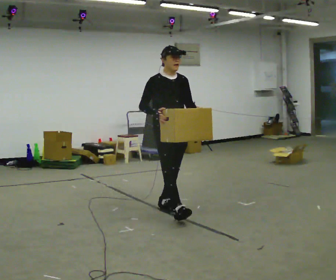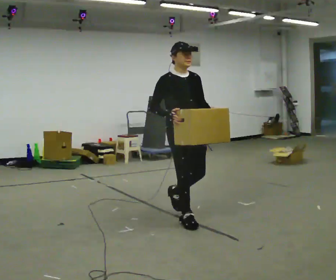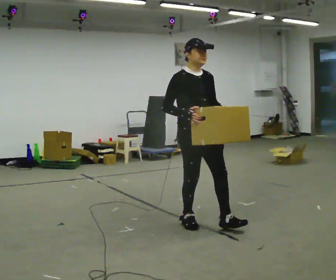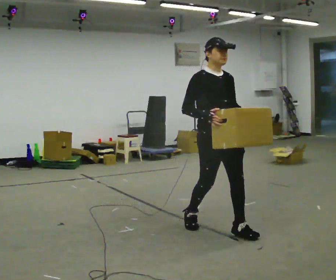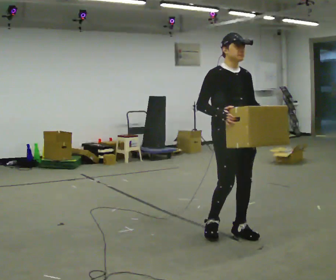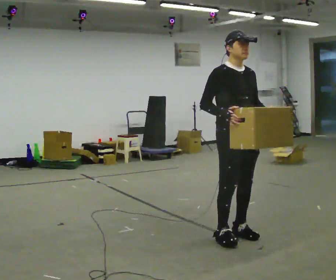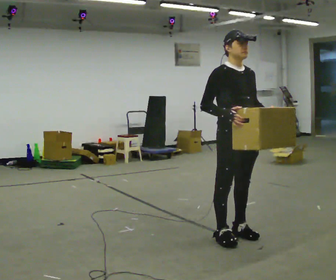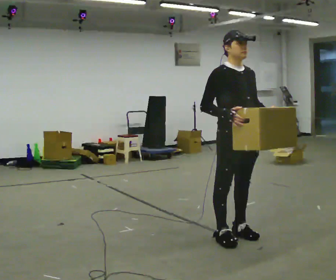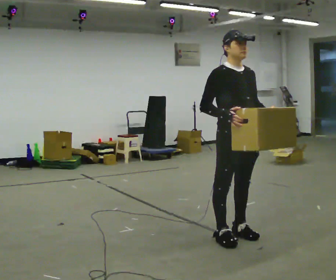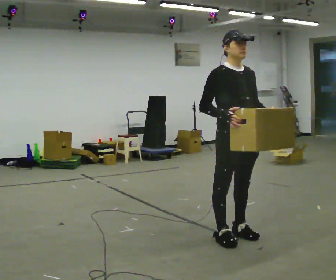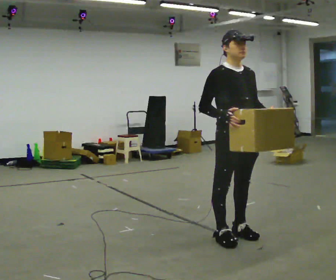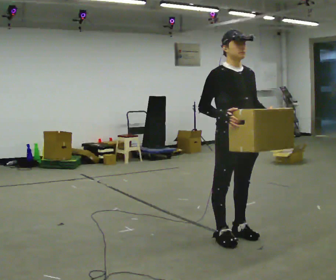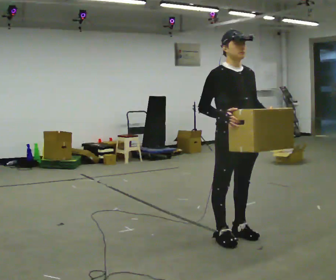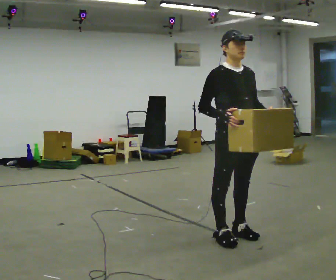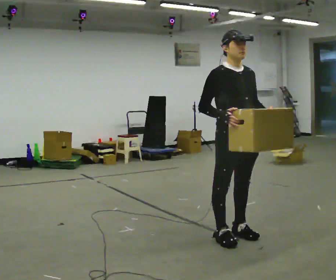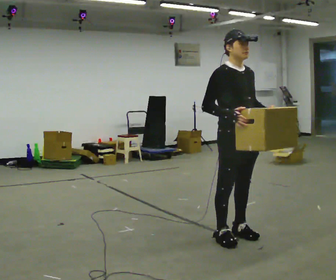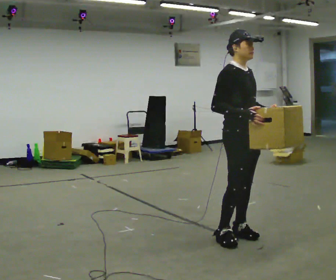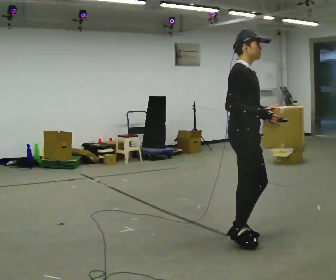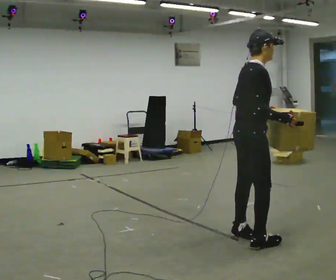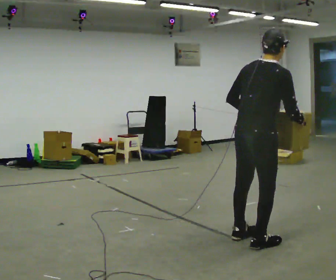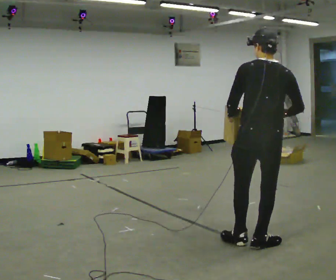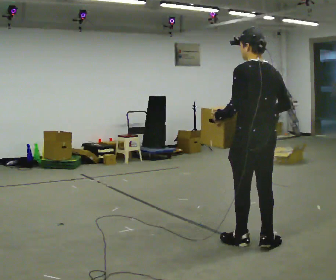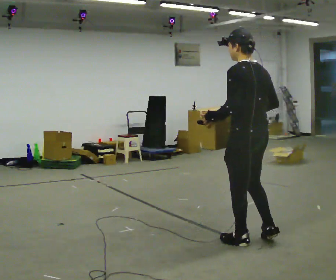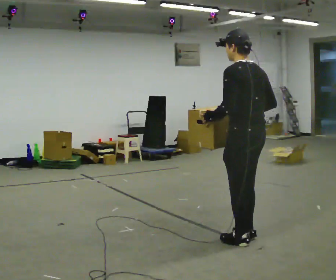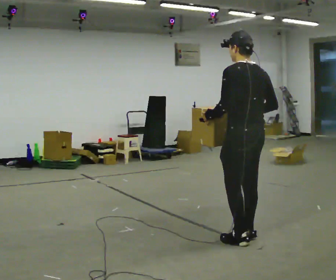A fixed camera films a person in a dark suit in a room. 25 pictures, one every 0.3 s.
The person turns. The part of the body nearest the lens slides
to the right.
The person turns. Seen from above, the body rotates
counterclockwise.
0.0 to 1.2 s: In the picture they go toward the camera and to the right, about 1 m in 2 steps, which for them is forward.
1.2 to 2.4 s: The person moves a little, or ends about where they began.
2.4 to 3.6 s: The person keeps their place and pose.
3.6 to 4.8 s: The person moves a little, or ends about where they began.
4.8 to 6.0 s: The part of the body nearest the lens slides to the right as the person turns to their left by about 120 degrees. In the picture they go toward the camera and to the right, about 0.25 m in 1 step.
6.0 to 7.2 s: Seen from above the body turns counterclockwise, about 30 degrees: to their left, with its near side sliding to the right. In the picture they go away from the camera, about 0.25 m in 2 steps, which for them is forward.
The film runs forward here.
